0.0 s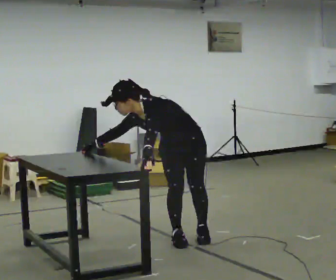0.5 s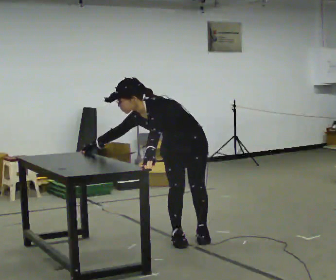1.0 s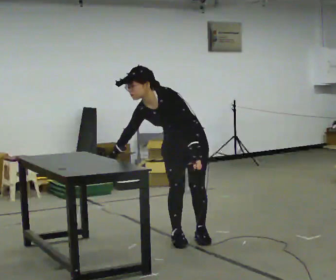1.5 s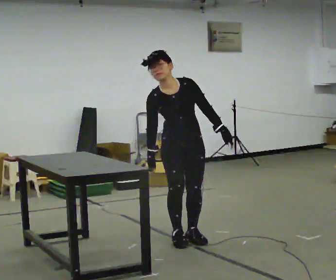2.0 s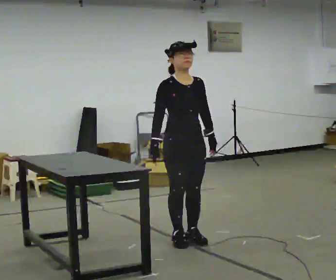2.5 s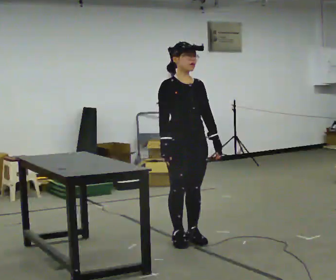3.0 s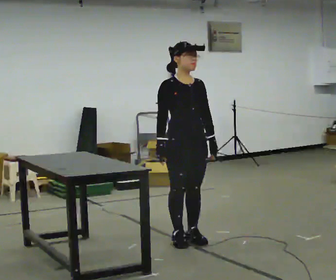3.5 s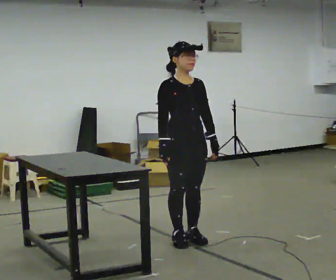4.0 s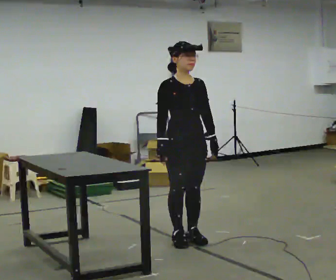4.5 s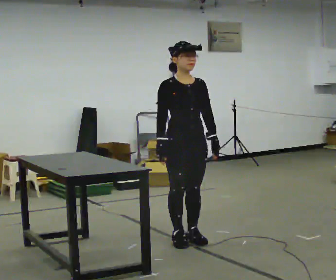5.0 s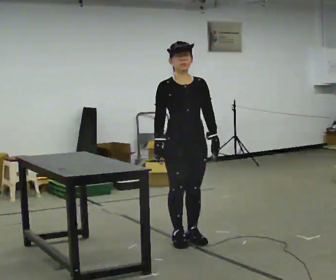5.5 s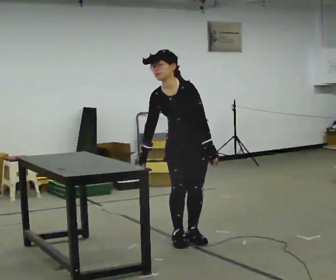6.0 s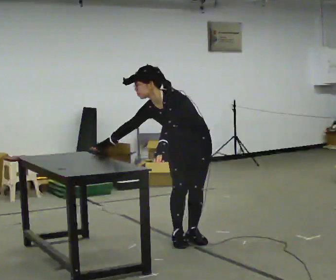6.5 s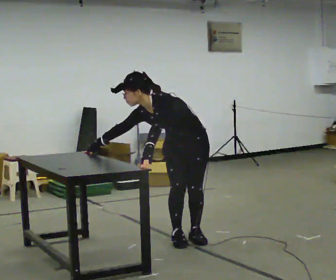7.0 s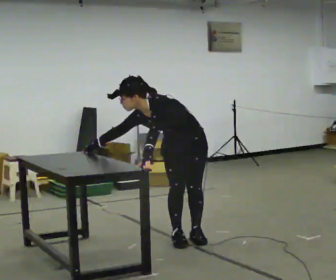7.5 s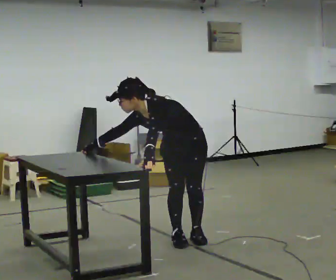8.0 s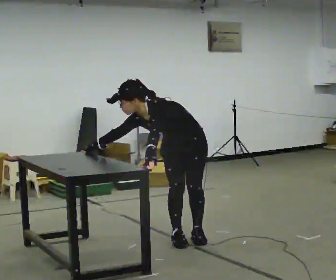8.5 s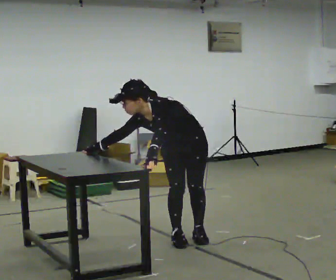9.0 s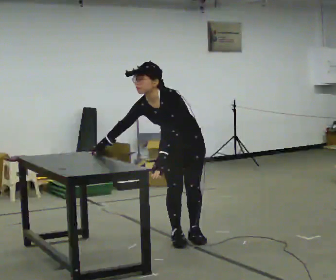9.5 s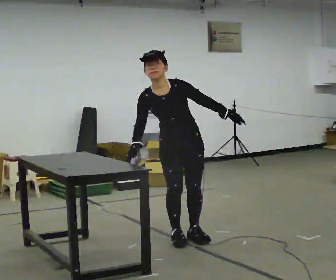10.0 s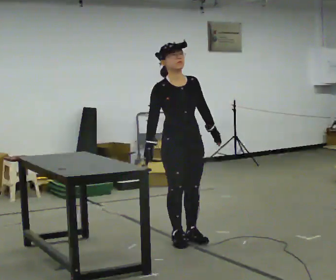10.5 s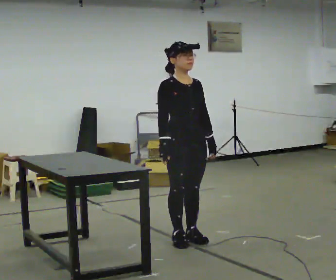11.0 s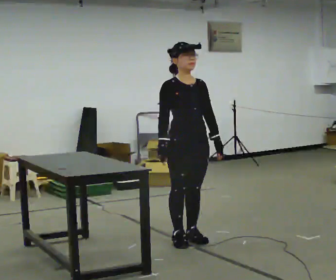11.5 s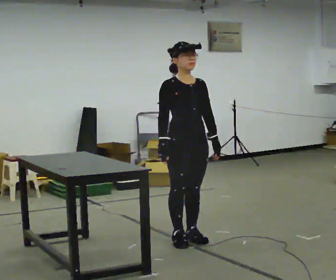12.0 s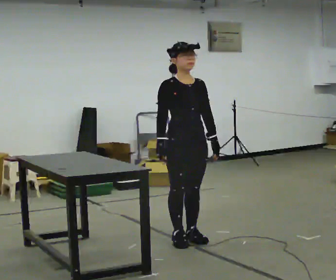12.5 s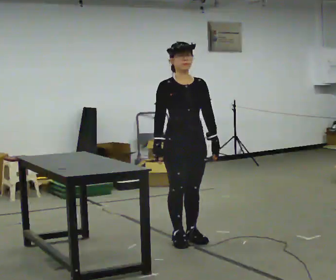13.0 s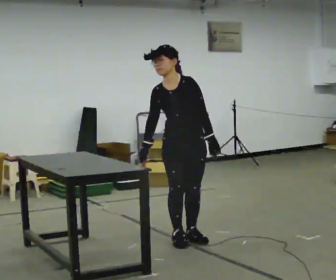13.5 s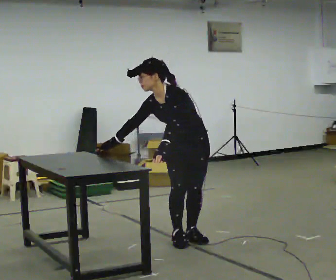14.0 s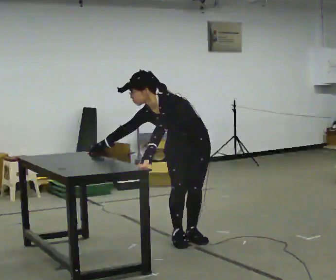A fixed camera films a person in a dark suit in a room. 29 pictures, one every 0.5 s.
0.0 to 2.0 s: The part of the body nearest the lens slides to the right as the person turns to their left by about 60 degrees. The upper body goes upward. In the picture the upper body tilts clockwise, shoulders to the right, as they lean back or straighten. In the picture their left hand goes to the right.
2.0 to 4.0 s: The person moves a little, or ends about where they began.
4.0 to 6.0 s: Seen from above the body turns clockwise, about 45 degrees: to their right, with its near side sliding to the left. The upper body tips toward the camera, its near side rolling downward, as they bend forward. In the picture their left hand goes to the left.
6.0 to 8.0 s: In the picture the upper body tilts counterclockwise, shoulders to the left, as they bend forward.
8.0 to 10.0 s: Seen from above the body turns counterclockwise, about 60 degrees: to their left, with its near side sliding to the right. The upper body goes upward. In the picture the upper body tilts clockwise, shoulders to the right, as they lean back or straighten. In the picture their left hand goes to the right.
10.0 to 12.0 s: The person moves a little, or ends about where they began.
12.0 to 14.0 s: The person turns about 45 degrees to their right, clockwise seen from above, so the part of the body nearest the lens slides to the left. The upper body goes downward. The upper body tips toward the camera, its near side rolling downward, as they bend forward. In the picture their left hand goes to the left.
The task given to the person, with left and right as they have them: Touch each numbered target to your side and behind you in the order the operator calls, without moving your feet. Keep both feet on the marked spots for the whole take. If you have to step, stop and tell the operator.
The film runs forward here.
